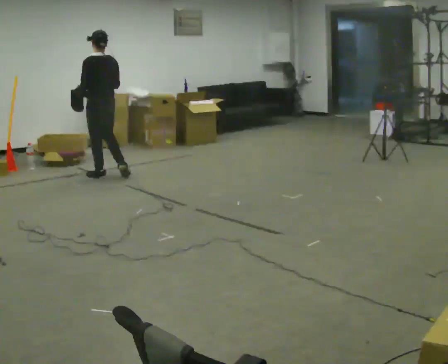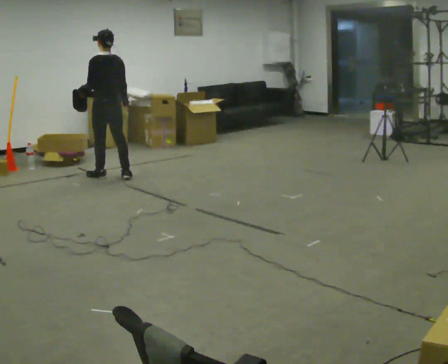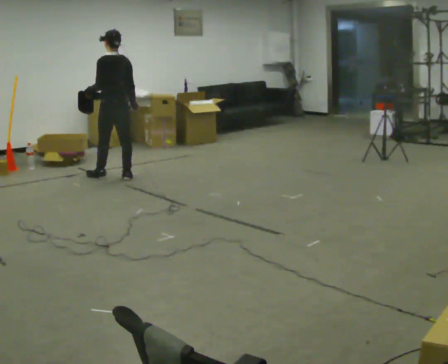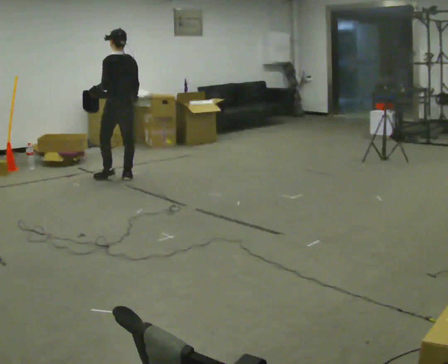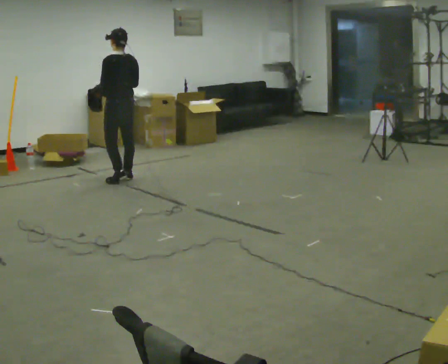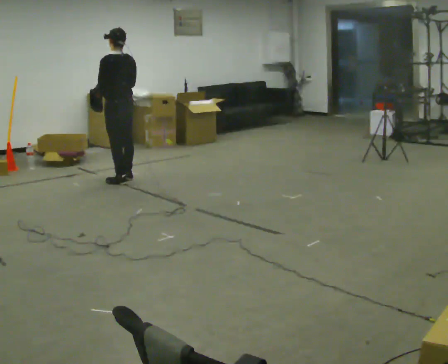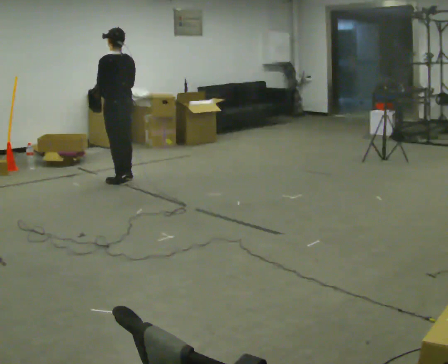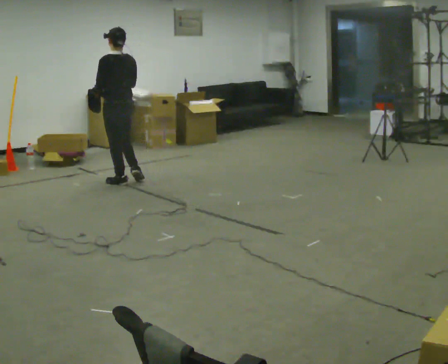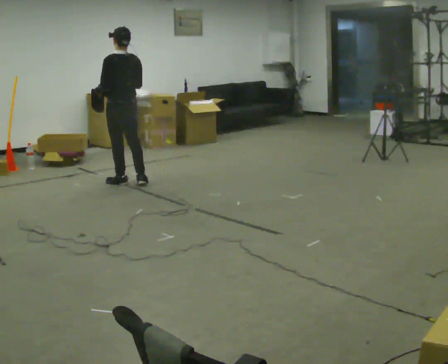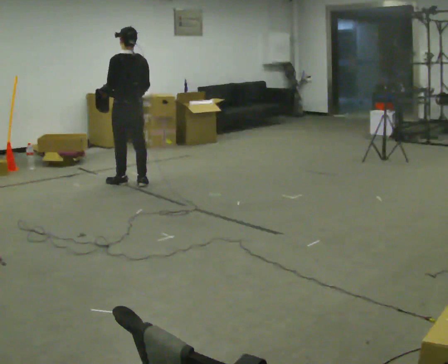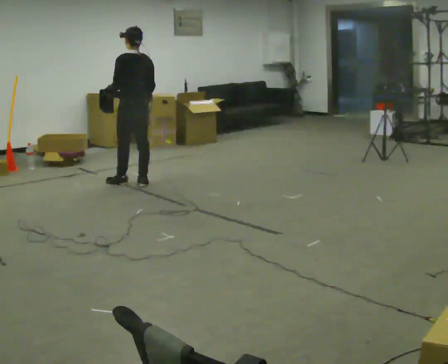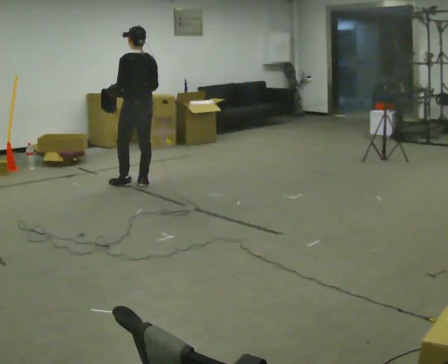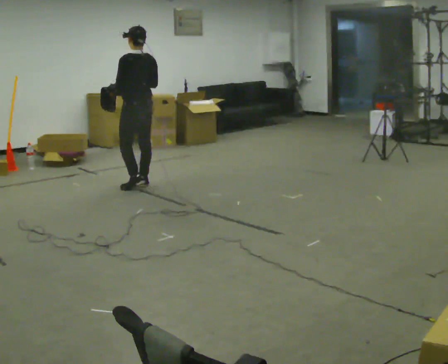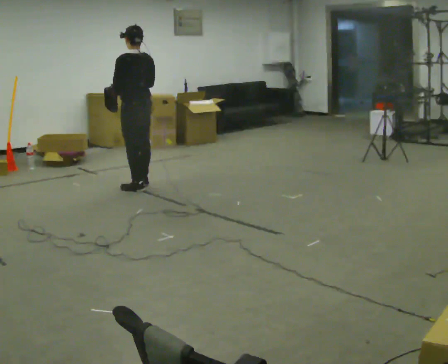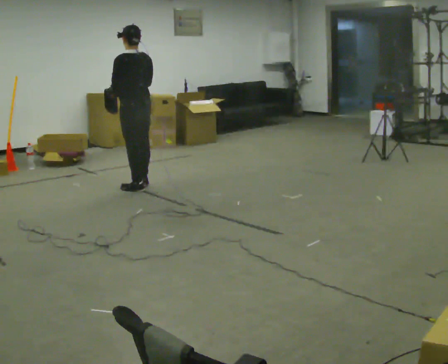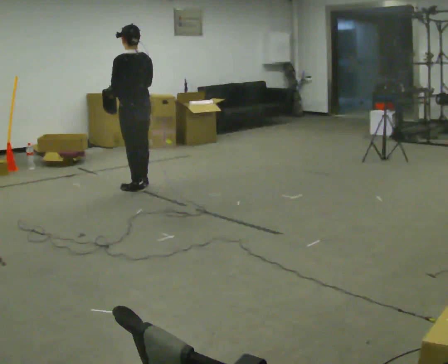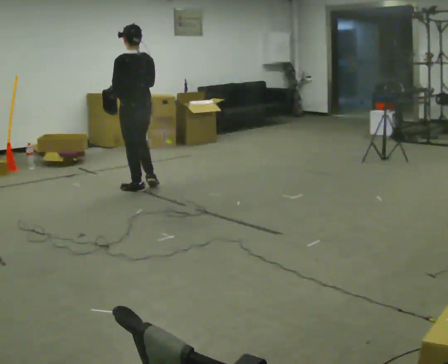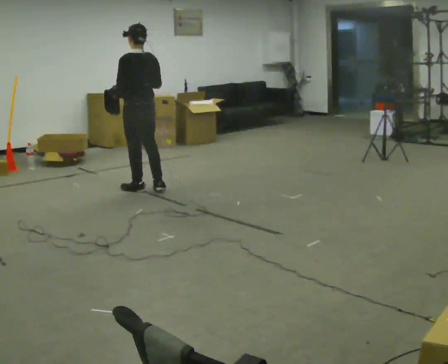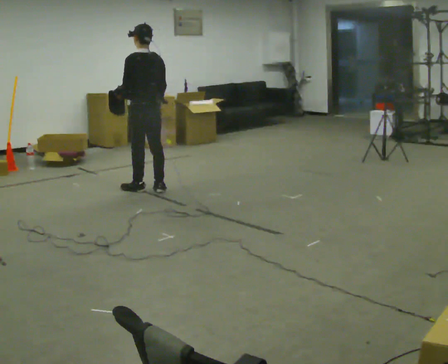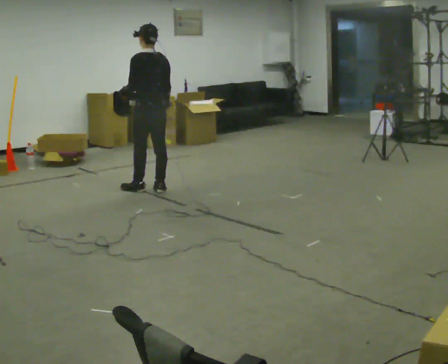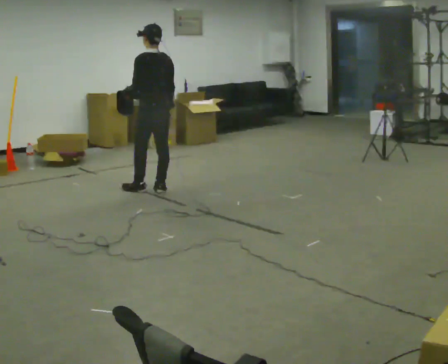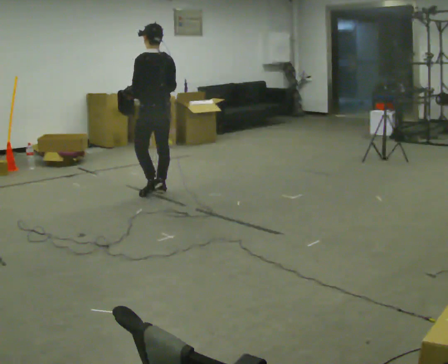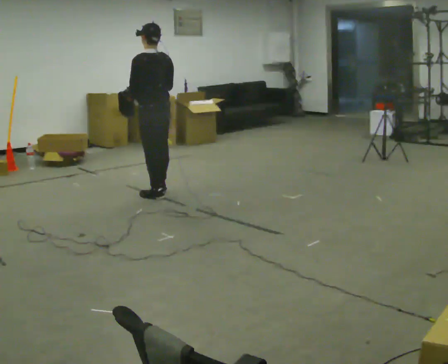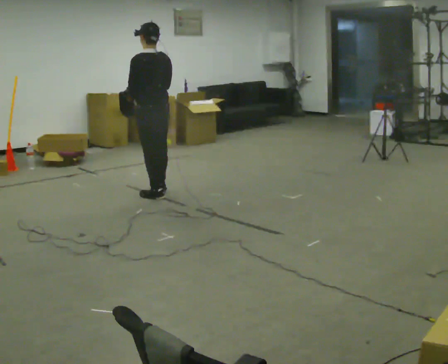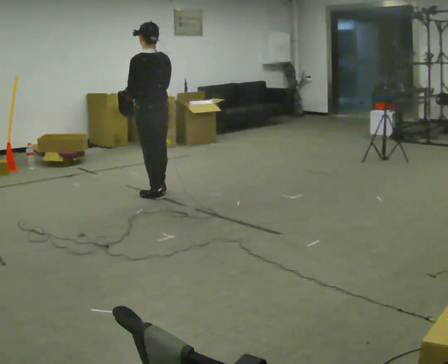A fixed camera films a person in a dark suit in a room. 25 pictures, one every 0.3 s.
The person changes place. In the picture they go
toward the camera.
0.0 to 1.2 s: In the picture they go to the right, about 0.25 m in 1 step, which for them is backward and to their right.
1.2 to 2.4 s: In the picture they go toward the camera, about 0.25 m in 1 step, which for them is backward.
2.4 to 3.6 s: In the picture they go to the right, about 0.25 m in 1 step, which for them is backward.
3.6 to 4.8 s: In the picture they go toward the camera, about 0.25 m in 1 step, which for them is backward and to their left.
4.8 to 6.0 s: In the picture they go to the right, about 0.25 m in 1 step, which for them is backward and to their right. In the picture their right hand goes to the right.
6.0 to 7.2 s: In the picture they go toward the camera, about 0.25 m, which for them is backward and to their left. In the picture their right hand goes to the left.
The film runs backward here.
